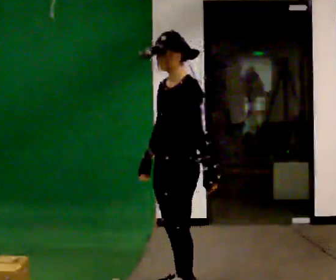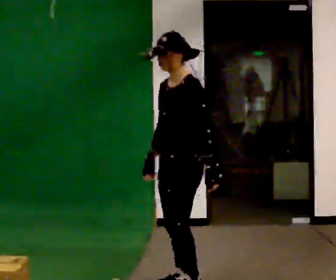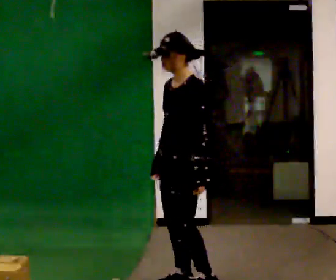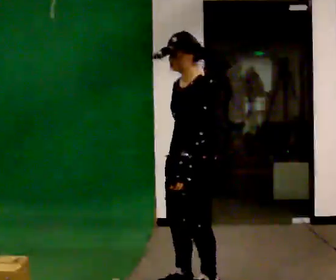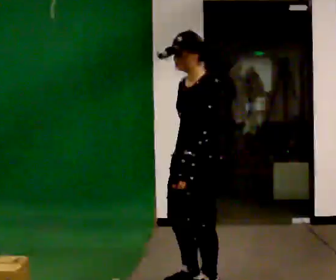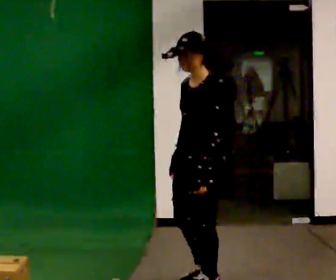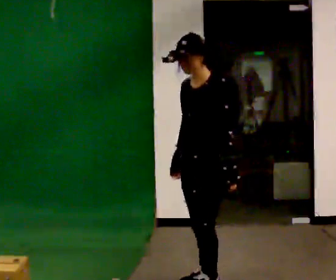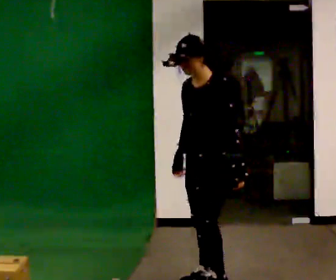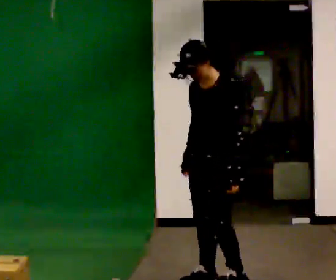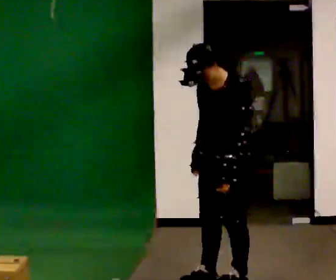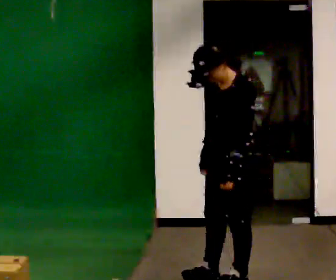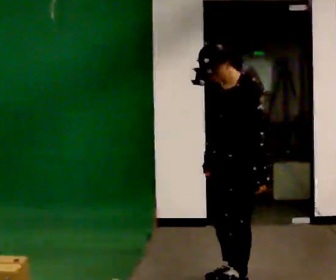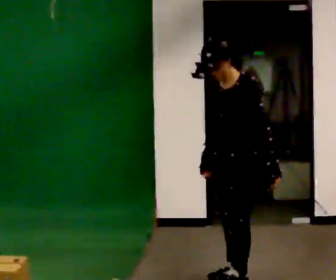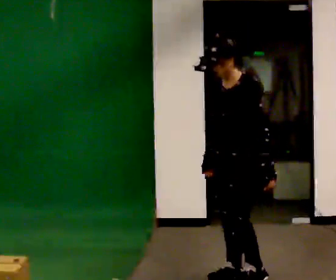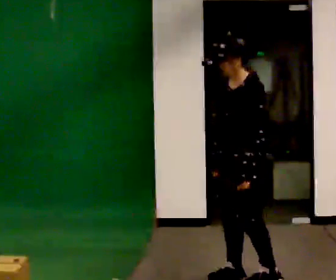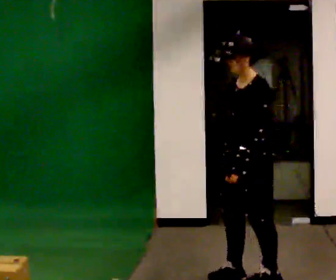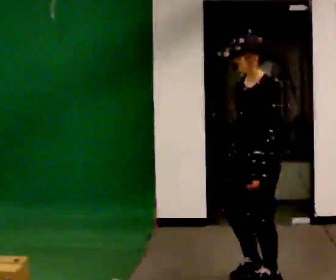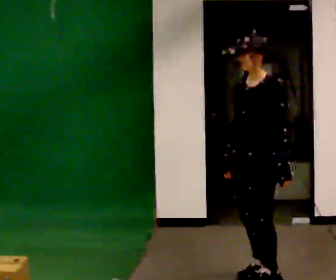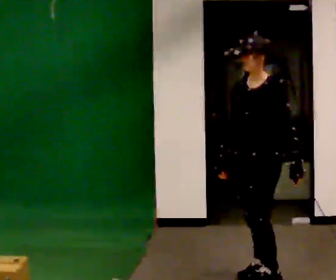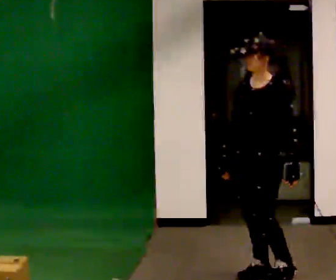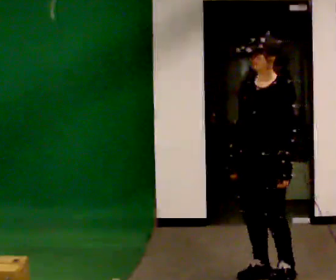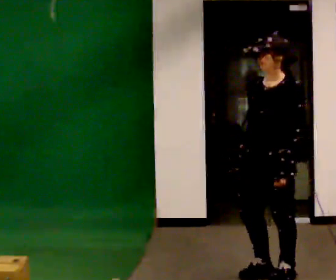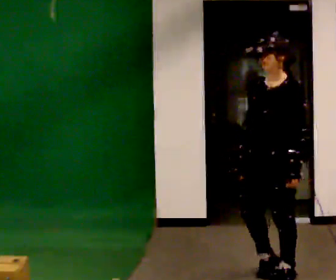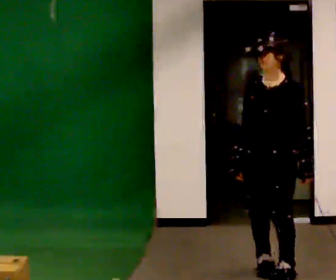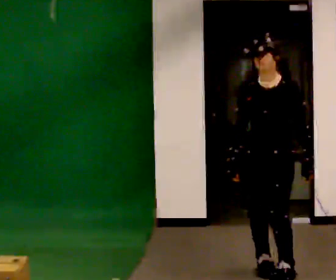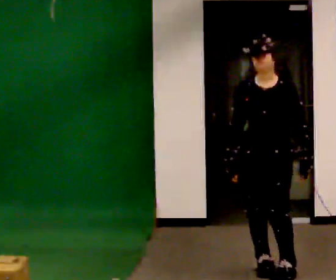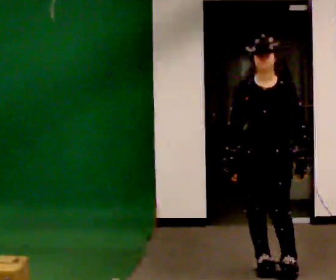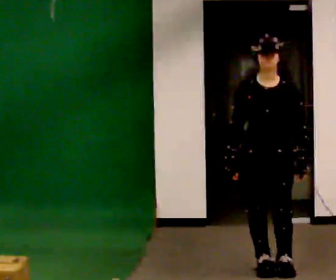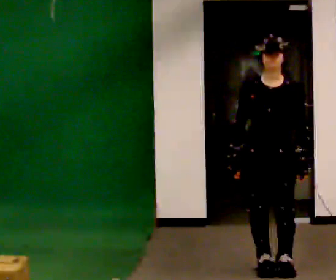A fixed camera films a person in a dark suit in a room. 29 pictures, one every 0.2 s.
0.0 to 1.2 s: The person moves a little, or ends about where they began.
1.2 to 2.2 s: In the picture they go to the right, about 0.25 m in 2 steps, which for them is backward.
2.2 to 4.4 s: In the picture they go to the right, about 0.25 m in 4 steps, which for them is backward.
4.4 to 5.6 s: Seen from above the body turns counterclockwise, about 30 degrees: to their left, with its near side sliding to the right. In the picture they go away from the camera, about 0.25 m in 1 step, which for them is backward.
The film runs backward here.
